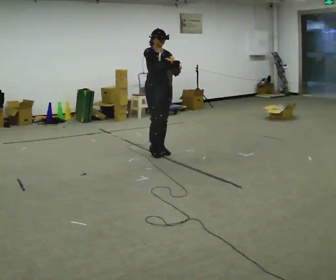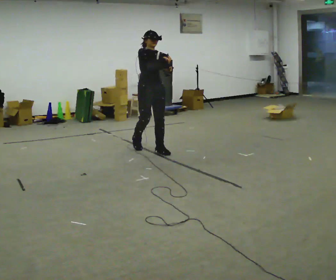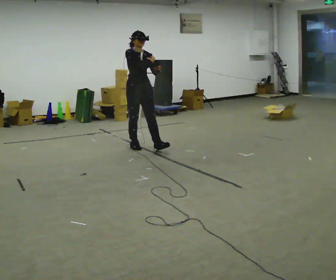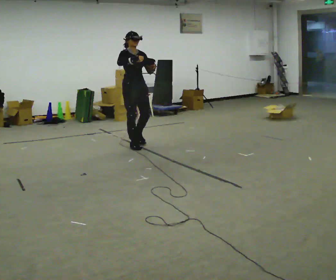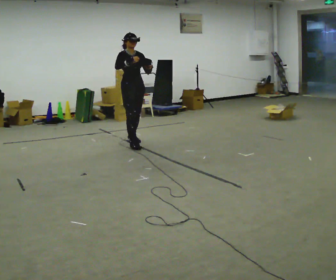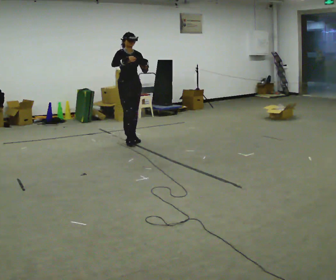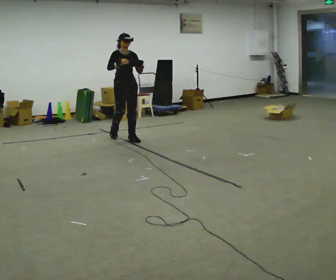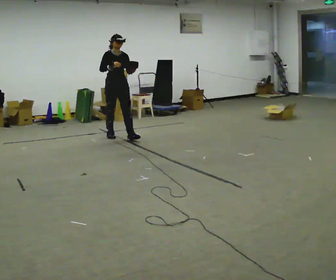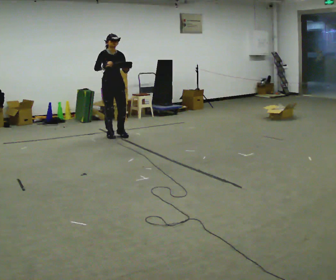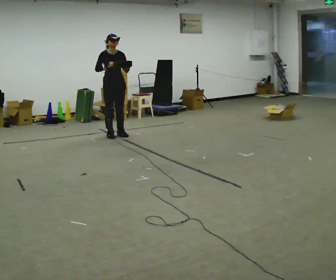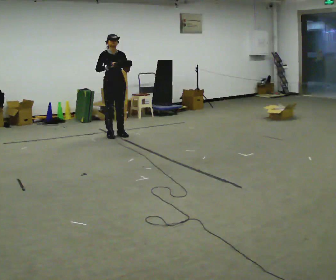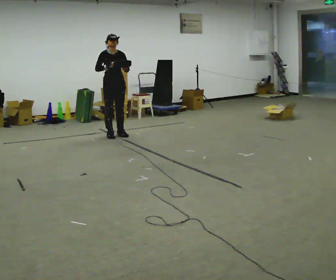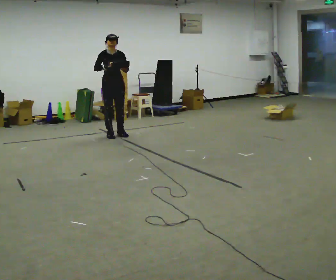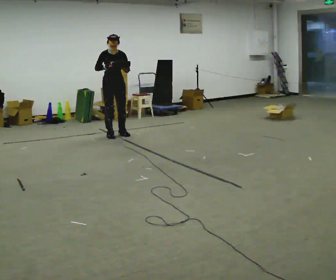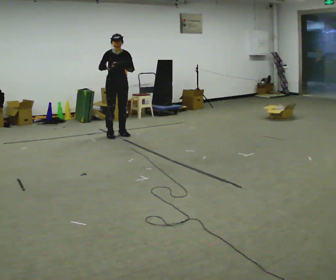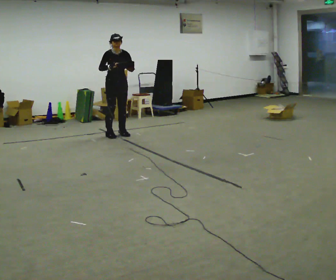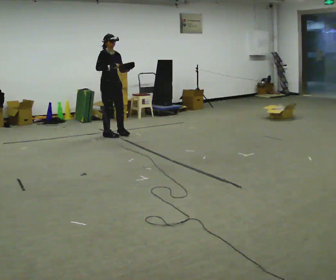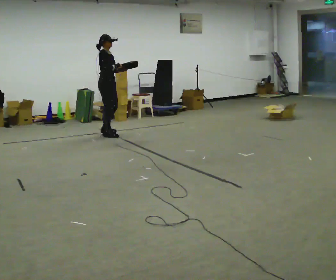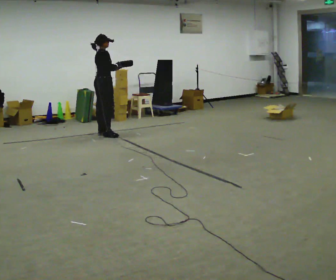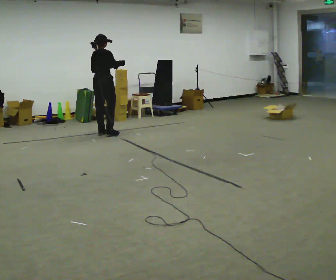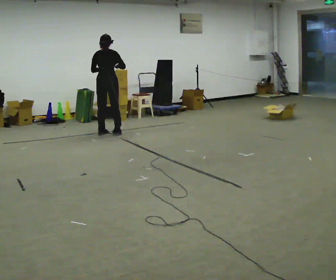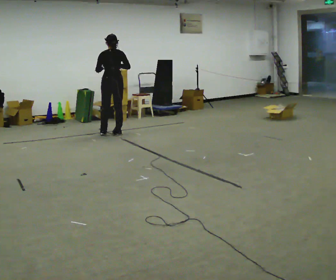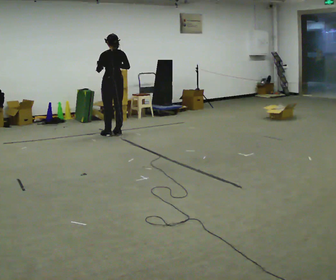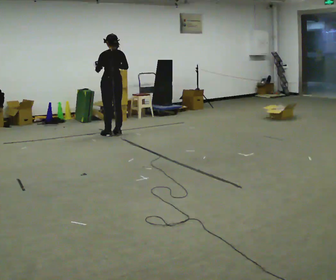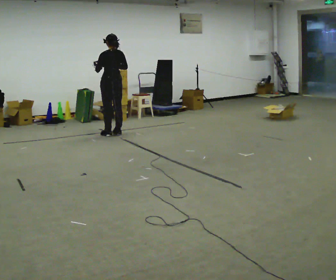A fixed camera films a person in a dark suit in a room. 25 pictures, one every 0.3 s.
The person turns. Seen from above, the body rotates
counterclockwise.
The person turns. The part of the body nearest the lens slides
to the right.
0.0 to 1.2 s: In the picture they go away from the camera and to the left, about 0.75 m in 1 step, which for them is backward.
1.2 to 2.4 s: In the picture they go away from the camera and to the left, about 0.5 m in 2 steps, which for them is backward.
2.4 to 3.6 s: The person moves a little, or ends about where they began.
3.6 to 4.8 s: Seen from above the body turns counterclockwise, about 30 degrees: to their left, with its near side sliding to the right.
4.8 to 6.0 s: The part of the body nearest the lens slides to the right as the person turns to their left by about 120 degrees. In the picture their left hand goes to the left.
6.0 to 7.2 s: The part of the body nearest the lens slides to the right as the person turns to their left by about 30 degrees.
The film runs backward here.
